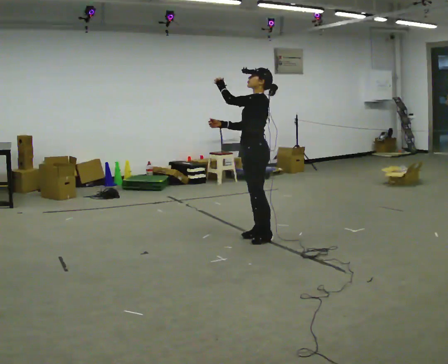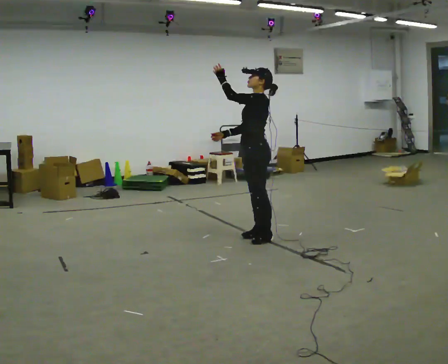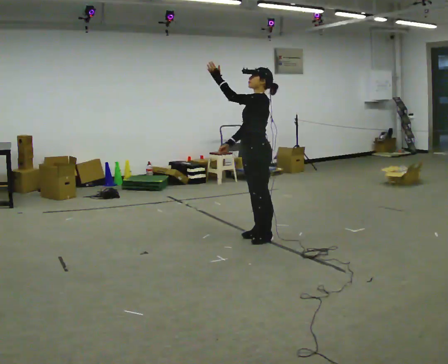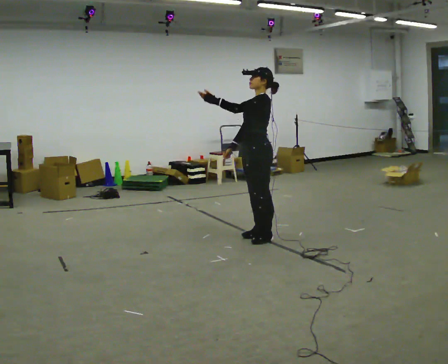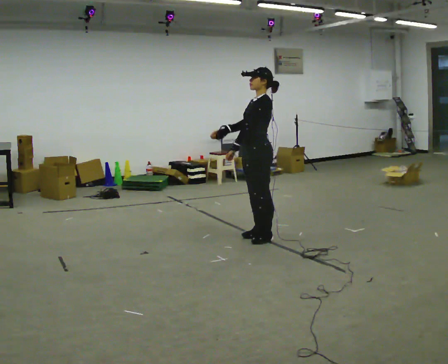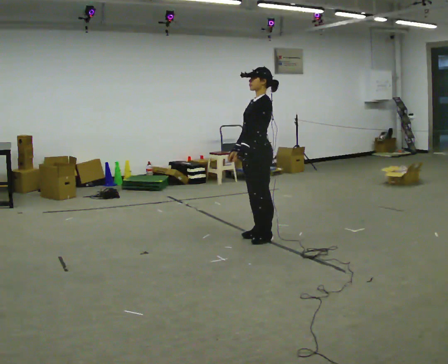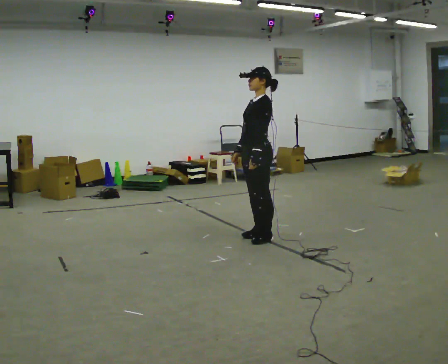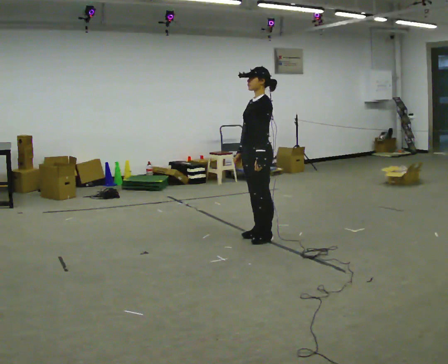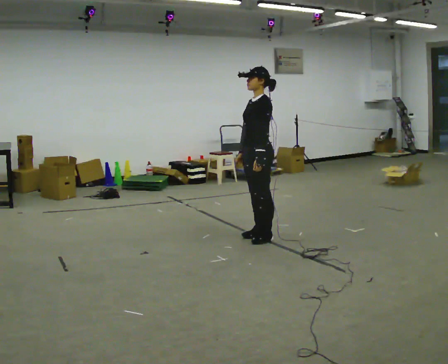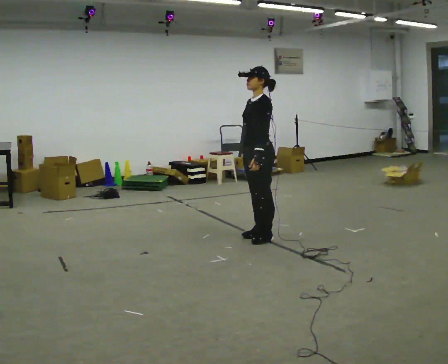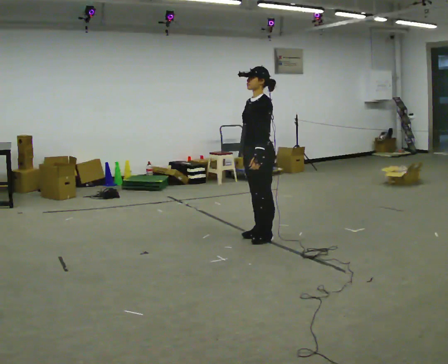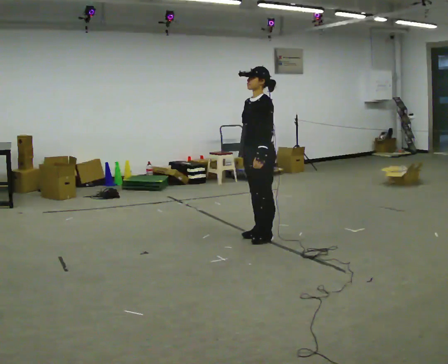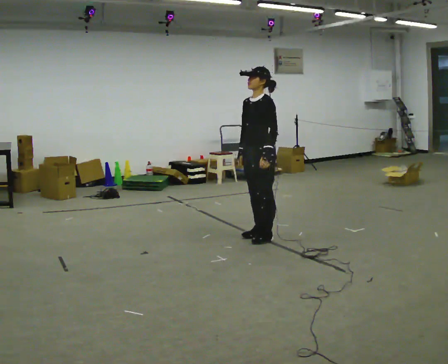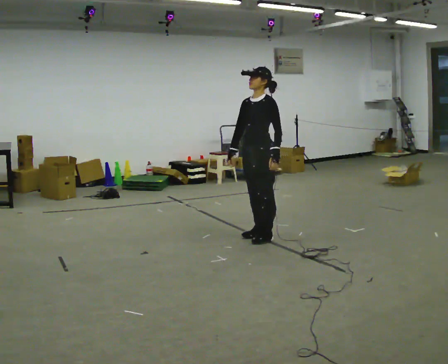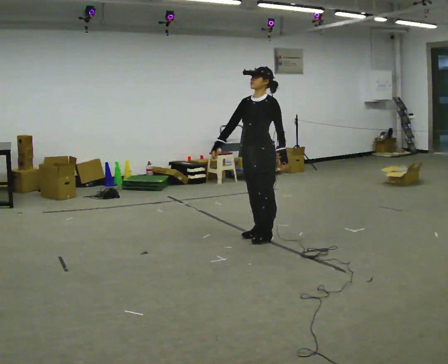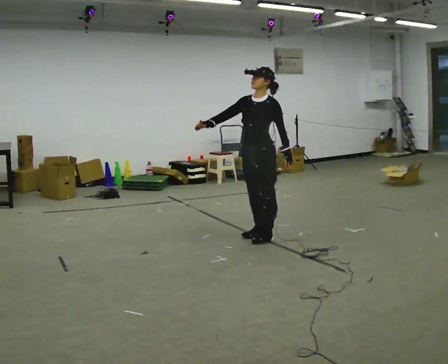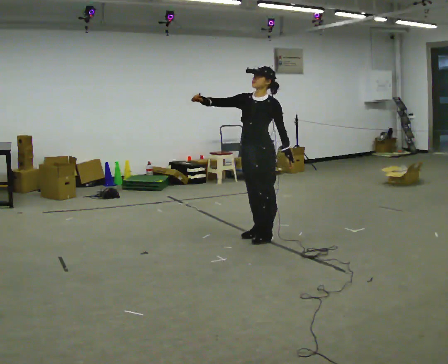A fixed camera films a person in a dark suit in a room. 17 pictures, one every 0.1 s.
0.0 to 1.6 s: The part of the body nearest the lens slides to the right as the person turns to their left by about 45 degrees. In the picture their left hand goes to the right and downward, the arm swinging counterclockwise.
The film runs backward here.
